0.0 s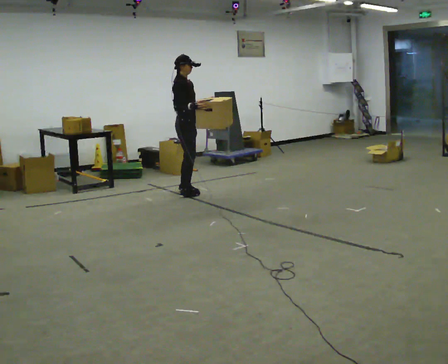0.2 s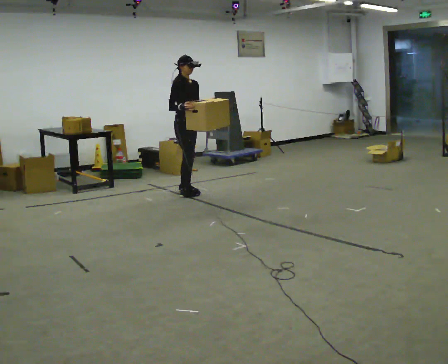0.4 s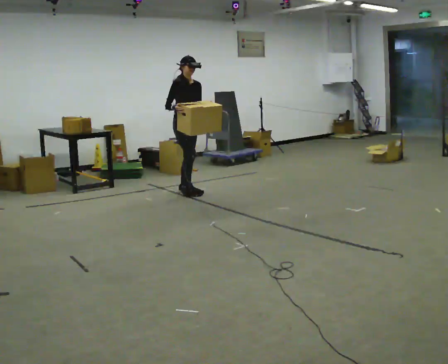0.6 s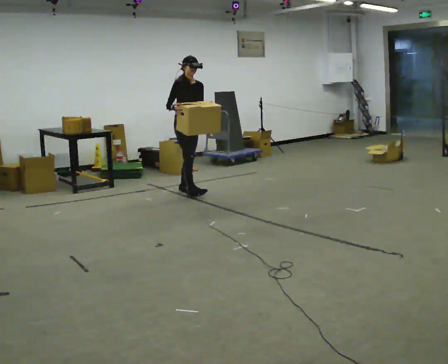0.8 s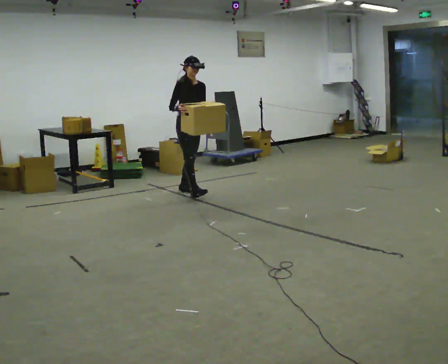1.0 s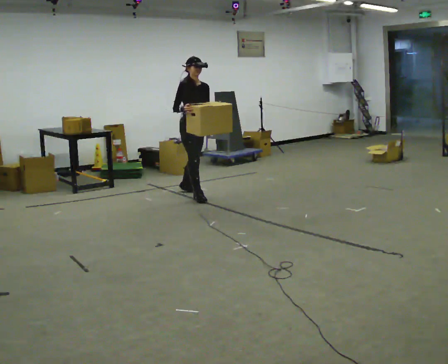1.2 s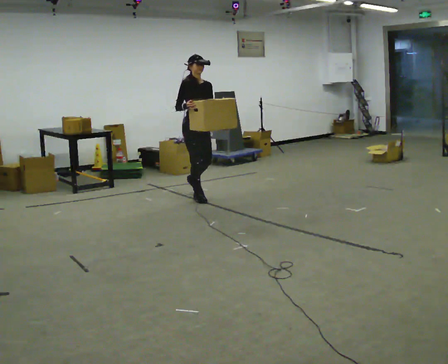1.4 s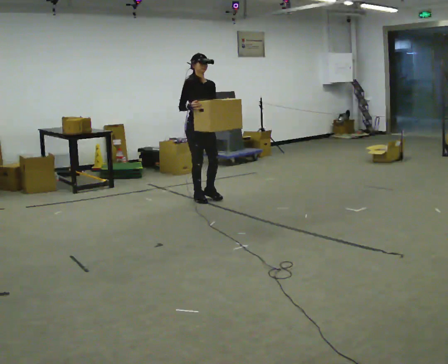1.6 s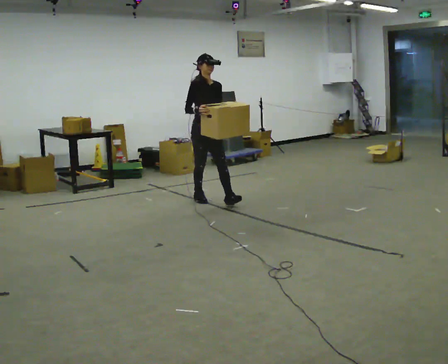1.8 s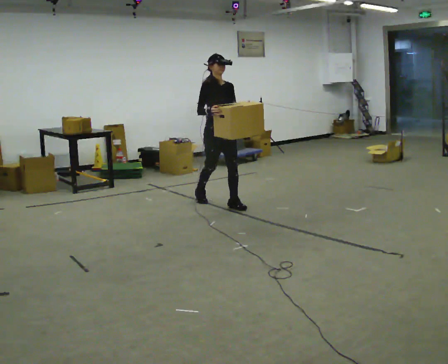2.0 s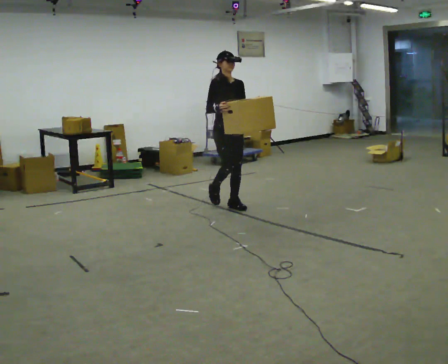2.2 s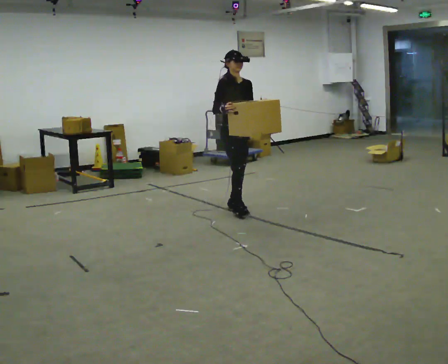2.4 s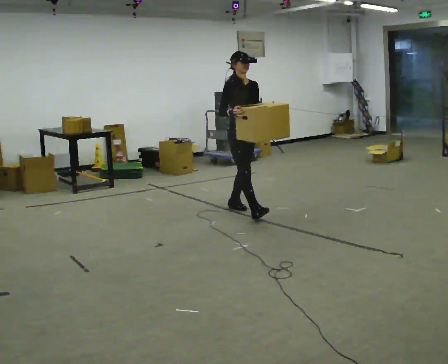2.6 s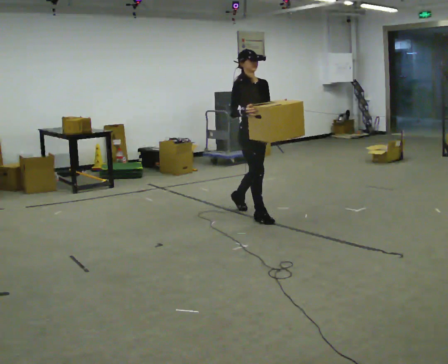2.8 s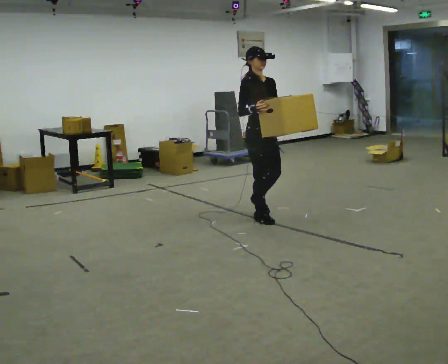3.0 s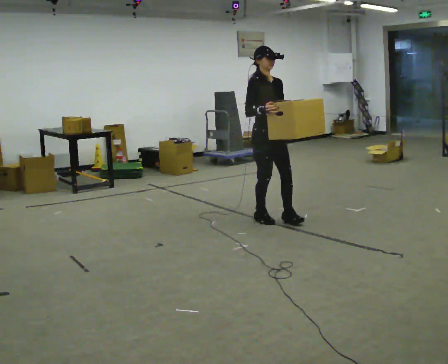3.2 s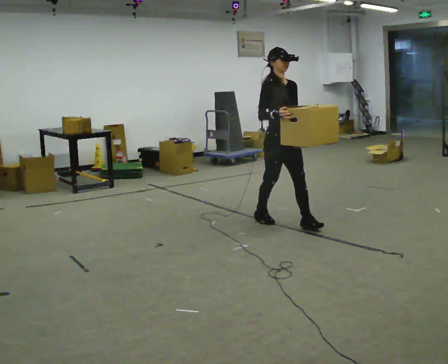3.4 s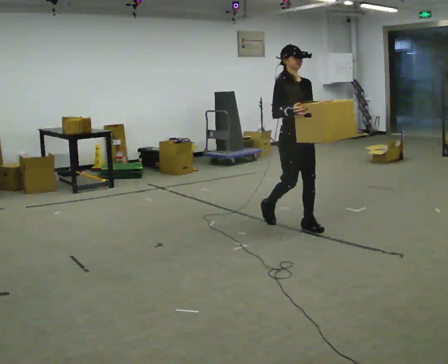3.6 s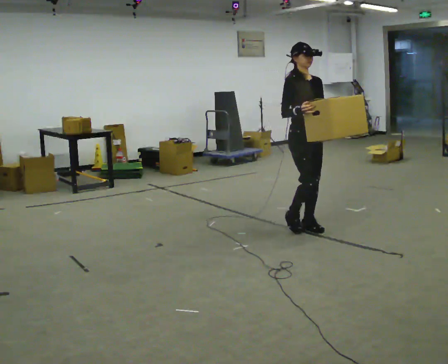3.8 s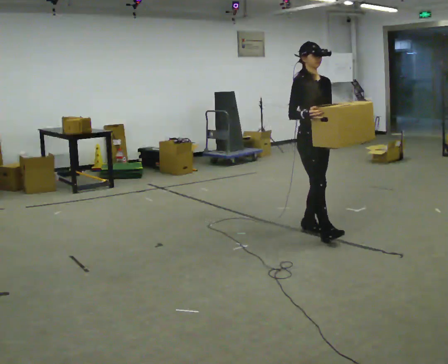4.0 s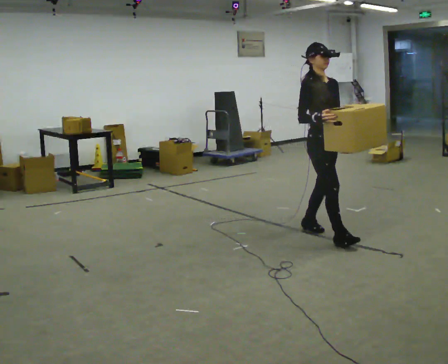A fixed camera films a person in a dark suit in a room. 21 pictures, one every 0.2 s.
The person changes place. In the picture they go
toward the camera.
0.0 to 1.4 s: The part of the body nearest the lens slides to the left as the person turns to their right by about 30 degrees. In the picture they go toward the camera and to the right, about 0.5 m in 1 step, which for them is forward.
1.4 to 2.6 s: In the picture they go toward the camera and to the right, about 1 m in 2 steps, which for them is forward.
2.6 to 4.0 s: In the picture they go toward the camera and to the right, about 1 m in 2 steps, which for them is forward.
The film runs forward here.
